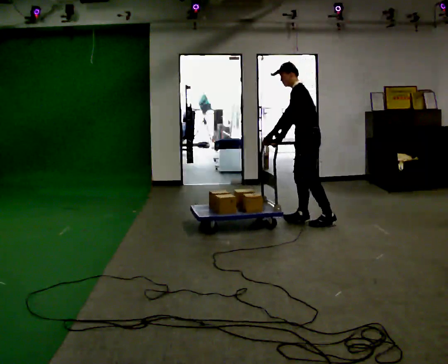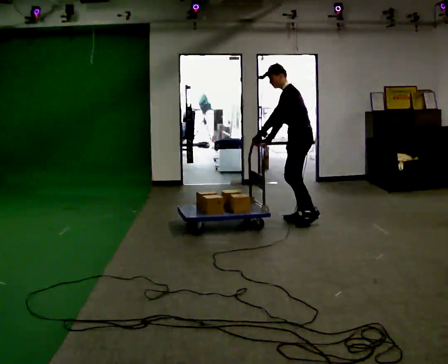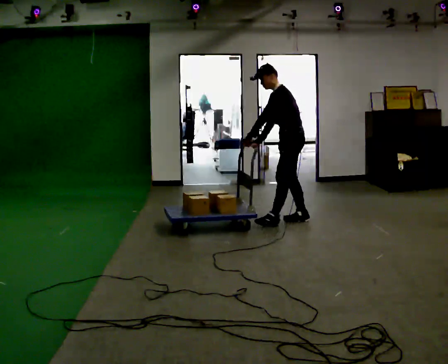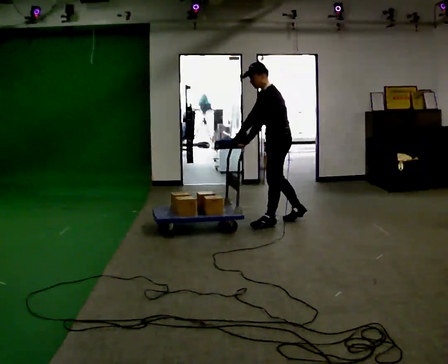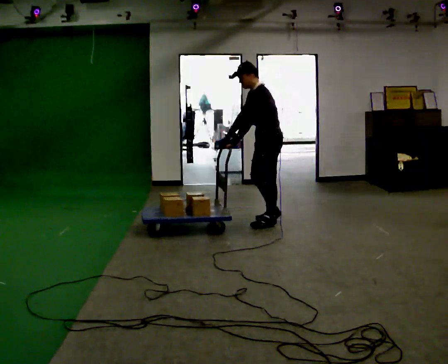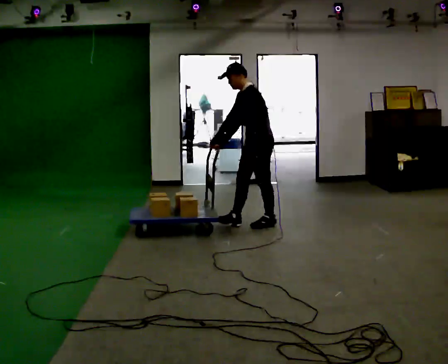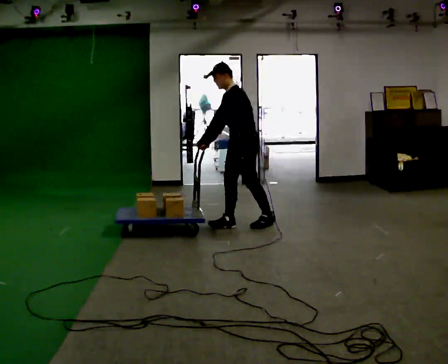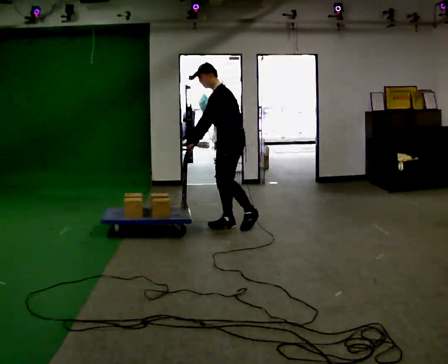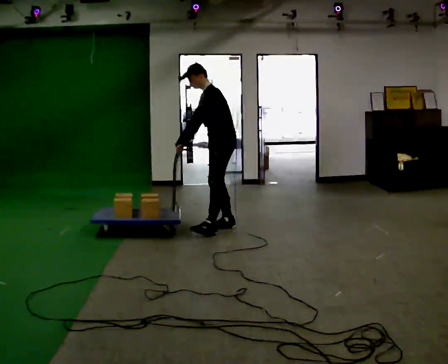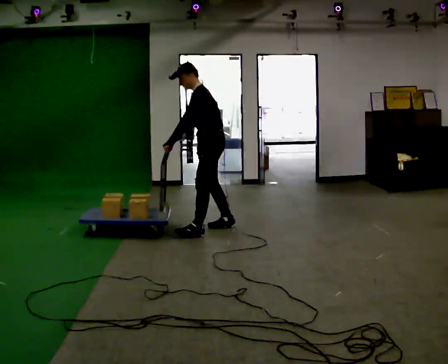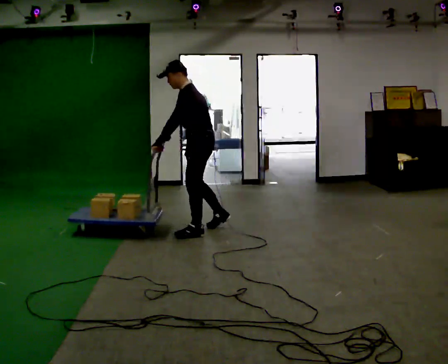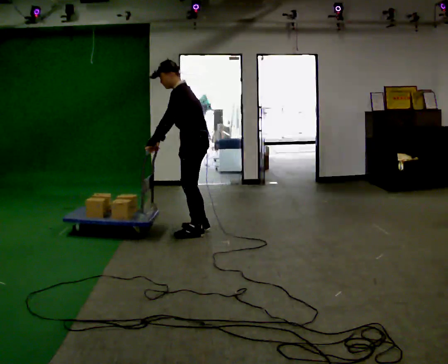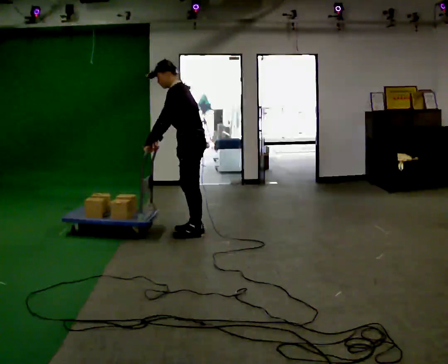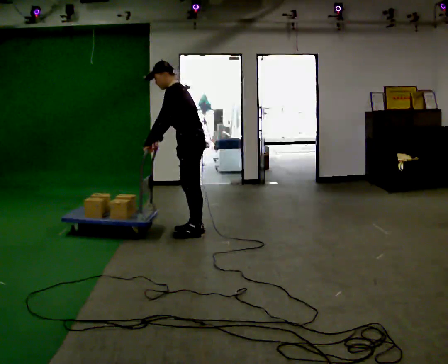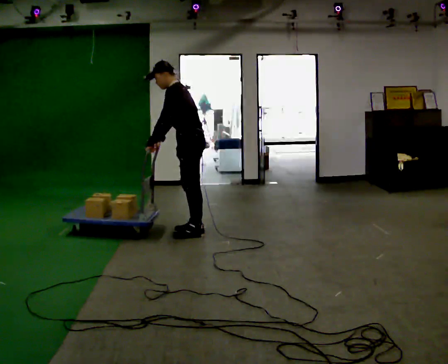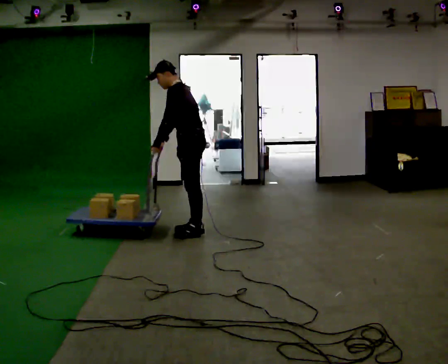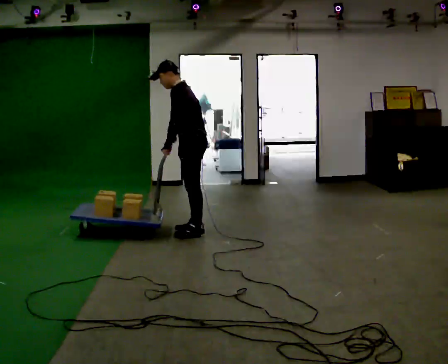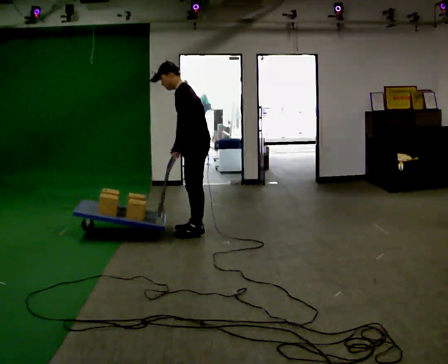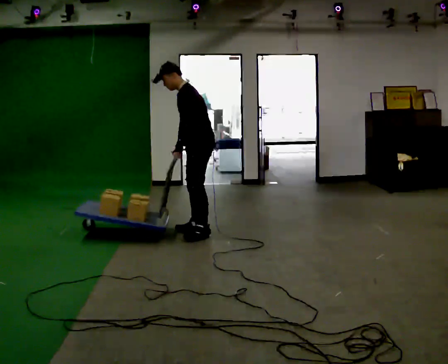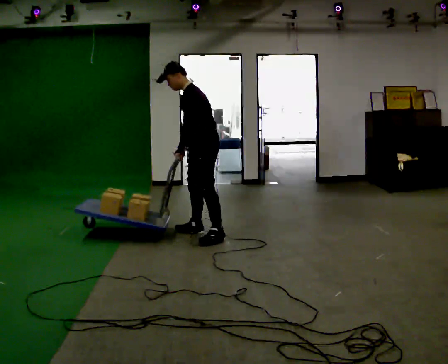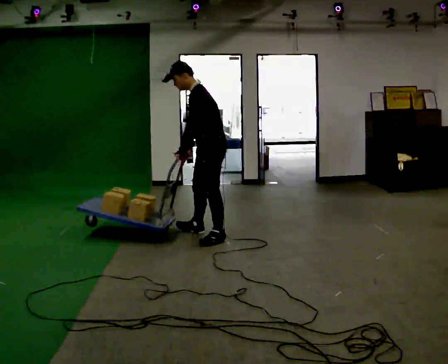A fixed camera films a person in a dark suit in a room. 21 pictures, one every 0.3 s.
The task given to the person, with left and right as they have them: Push the cart across the room and back. The operator will change how much is loaded on it between takes and will tell you each time.
0.0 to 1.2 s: In the picture they go to the left, about 0.5 m in 1 step, which for them is forward.
1.2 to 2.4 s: In the picture they go to the left, about 0.5 m in 1 step, which for them is forward.
2.4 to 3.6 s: In the picture they go to the left and toward the camera, about 0.25 m in 2 steps, which for them is forward and to their left.
3.6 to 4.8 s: The person moves a little, or ends about where they began.
4.8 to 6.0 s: In the picture they go toward the camera and to the right, about 0.25 m in 1 step, which for them is to their left and backward.
The film runs forward here.
